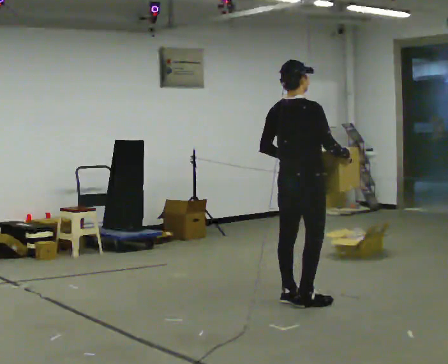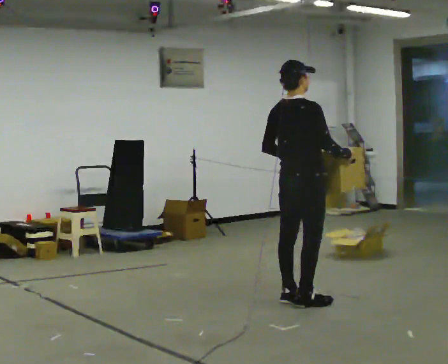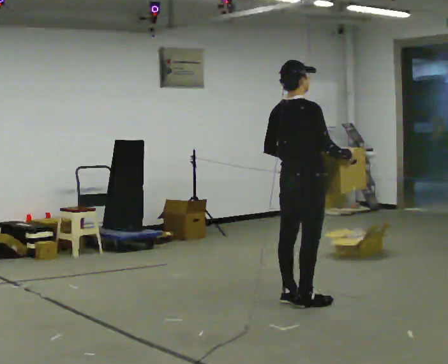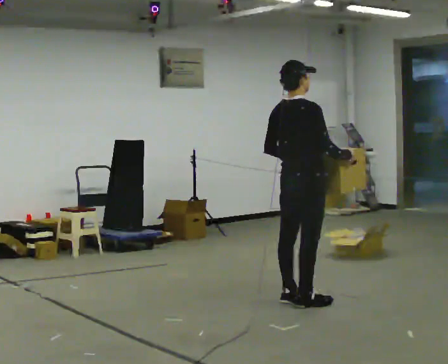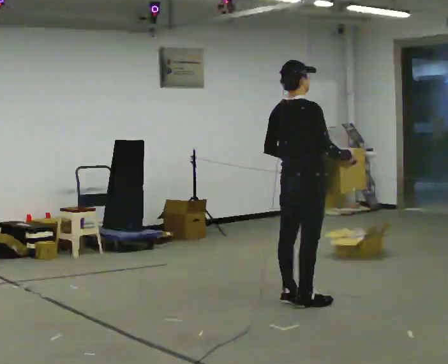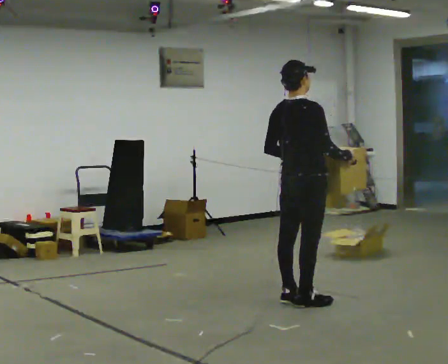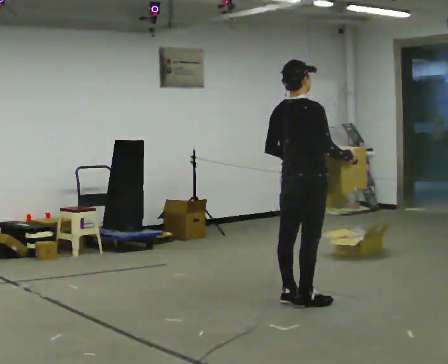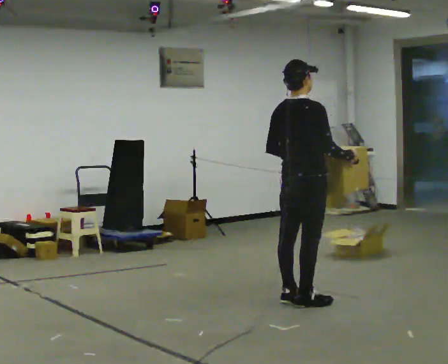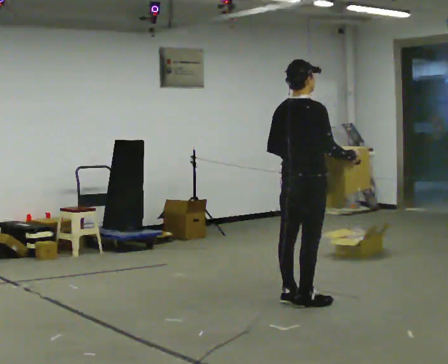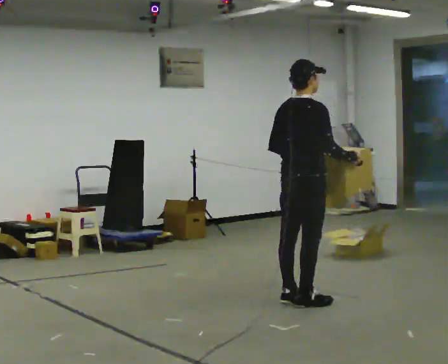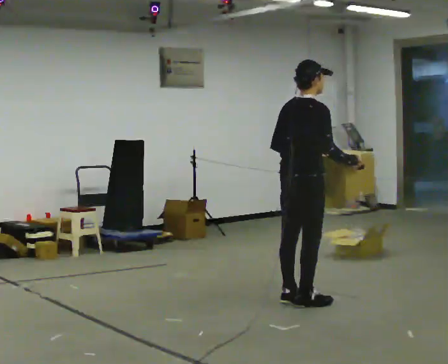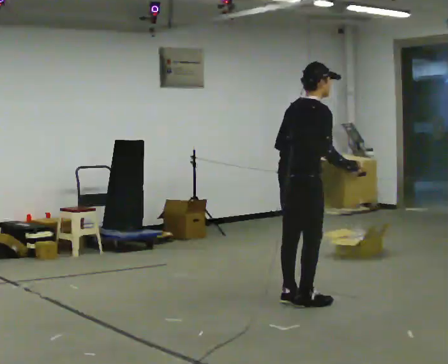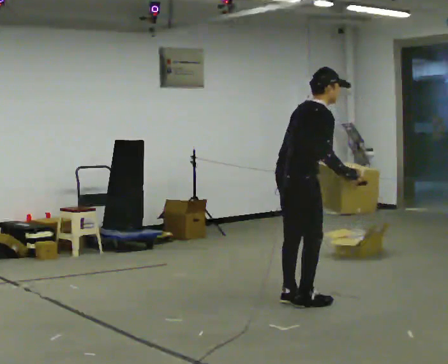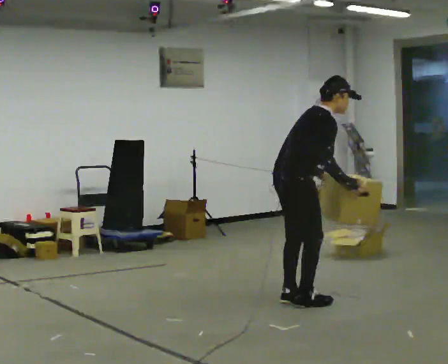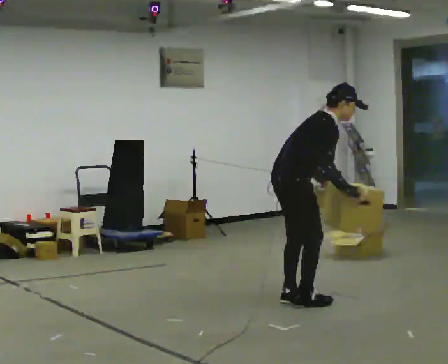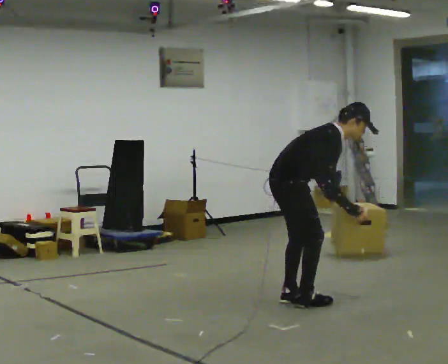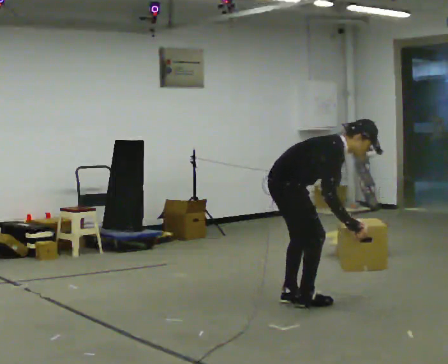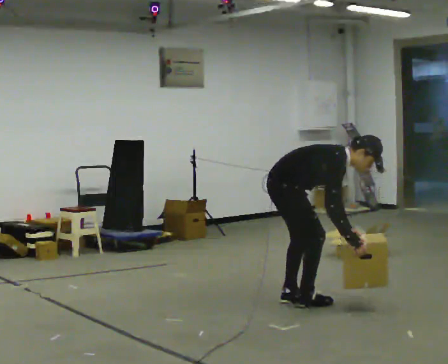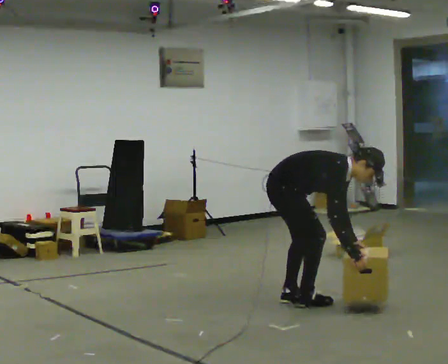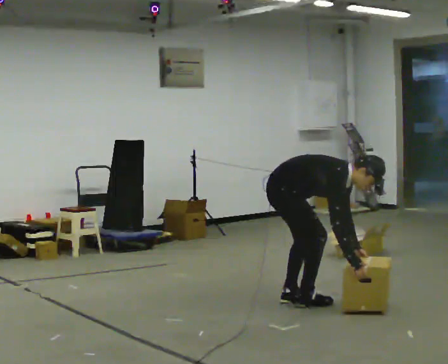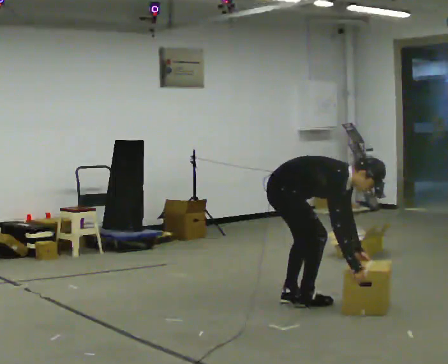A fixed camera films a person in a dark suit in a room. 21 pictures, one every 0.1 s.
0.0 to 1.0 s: The person moves a little, or ends about where they began.
1.0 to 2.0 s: Seen from above the body turns clockwise, about 45 degrees: to their right, with its near side sliding to the left. The shoulders move downward. In the picture the upper body tilts clockwise, shoulders to the right, as they bend forward. In the picture their right hand goes downward.
The film runs backward here.
